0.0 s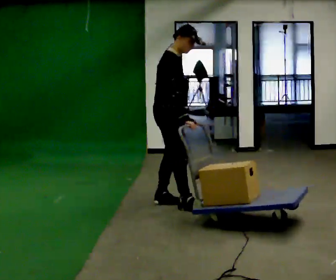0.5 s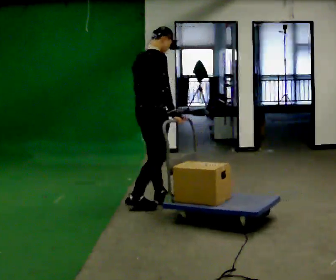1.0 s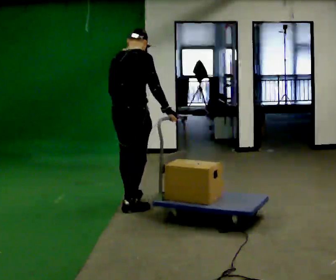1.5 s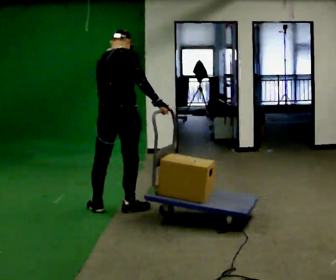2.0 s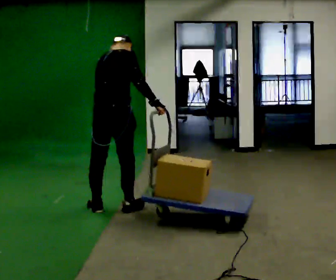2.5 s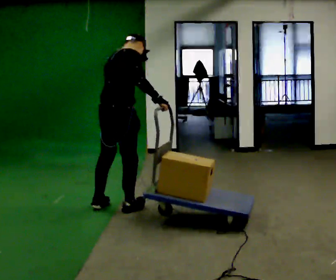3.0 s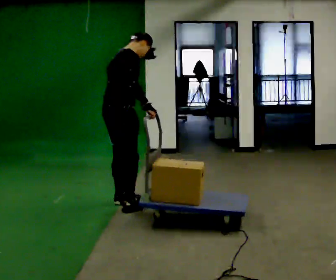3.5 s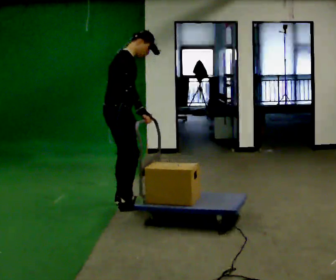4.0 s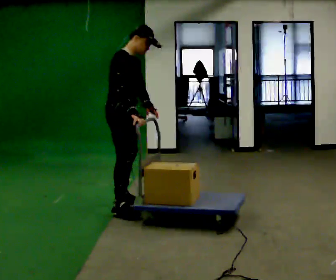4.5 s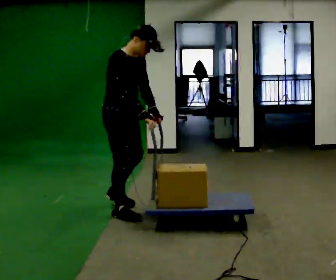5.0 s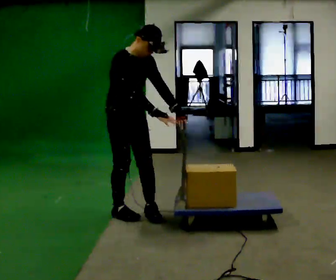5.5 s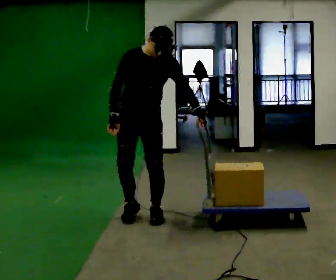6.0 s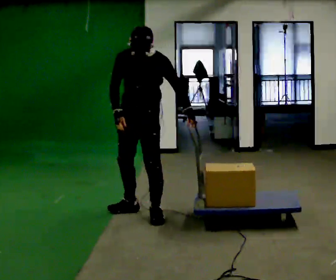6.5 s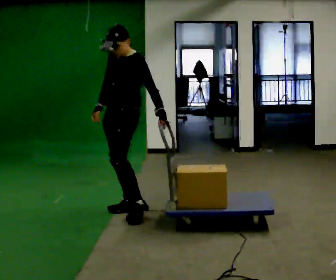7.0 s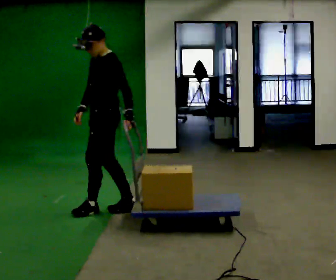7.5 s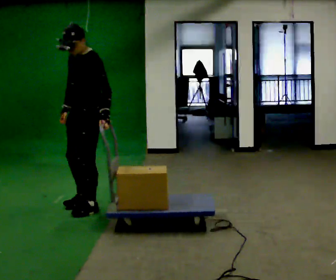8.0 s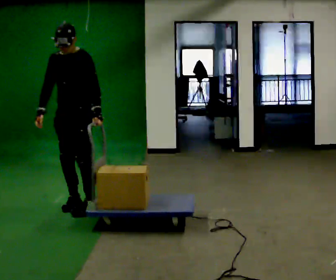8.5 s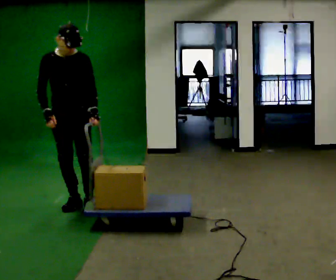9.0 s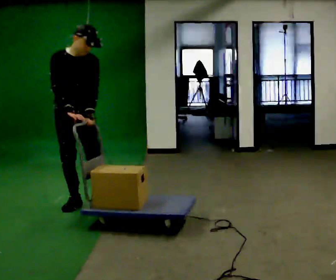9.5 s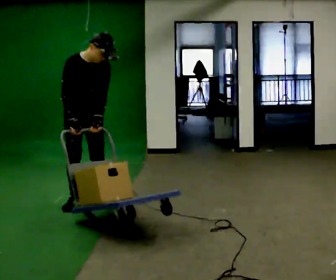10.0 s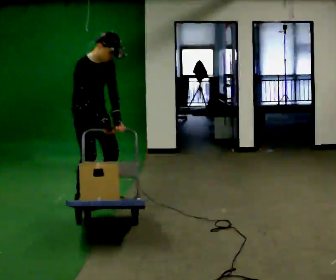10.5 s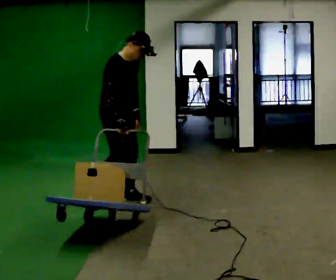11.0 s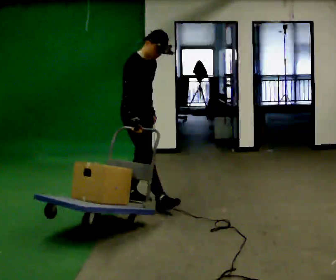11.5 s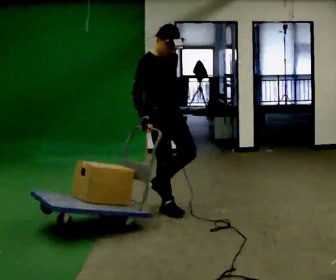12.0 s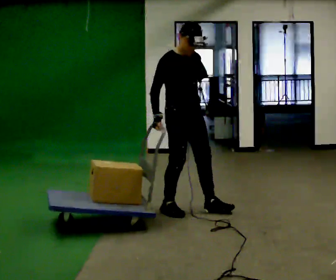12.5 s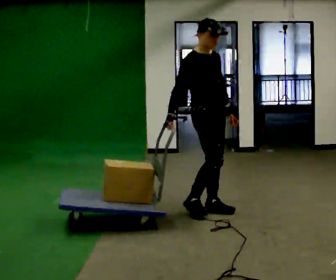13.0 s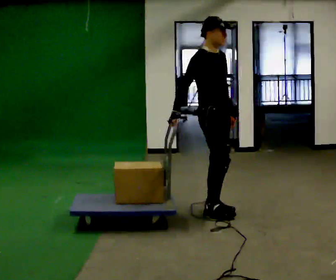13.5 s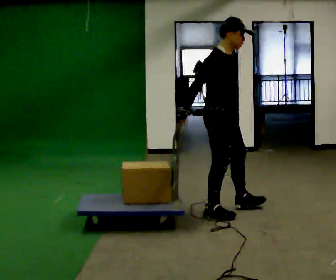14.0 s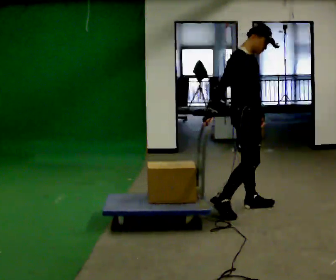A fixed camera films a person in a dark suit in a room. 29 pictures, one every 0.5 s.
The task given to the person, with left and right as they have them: Pull the cart behind you as you walk backward across the room. The operator will confirm the space behind you is clear before each take.
0.0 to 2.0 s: Seen from above the body turns counterclockwise, about 60 degrees: to their left, with its near side sliding to the right. In the picture they go to the left and toward the camera, about 0.5 m in 2 steps. The upper body tips away from the camera, its near side rolling upward.
2.0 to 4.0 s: Seen from above the body turns clockwise, about 75 degrees: to their right, with its near side sliding to the left. In the picture they go away from the camera, about 0.25 m in 1 step. In the picture their left hand goes to the right.
4.0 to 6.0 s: The part of the body nearest the lens slides to the left as the person turns to their right by about 105 degrees. In the picture they go toward the camera and to the right, about 0.25 m in 2 steps.
6.0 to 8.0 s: In the picture they go to the left, about 0.75 m in 2 steps, which for them is forward and to their right.
8.0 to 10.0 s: The part of the body nearest the lens slides to the right as the person turns to their left by about 75 degrees. In the picture they go away from the camera, about 0.25 m in 1 step. In the picture the upper body tilts clockwise, shoulders to the right. In the picture their right hand goes to the right.
10.0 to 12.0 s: In the picture they go to the right, about 1 m in 3 steps, which for them is forward.
12.0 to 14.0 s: Seen from above the body turns counterclockwise, about 30 degrees: to their left, with its near side sliding to the right. In the picture they go to the right, about 0.5 m in 2 steps, which for them is forward and to their left.
The film runs forward here.
